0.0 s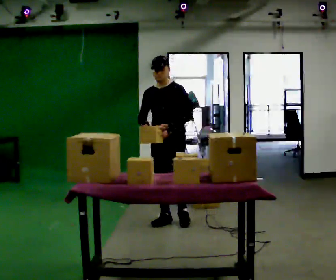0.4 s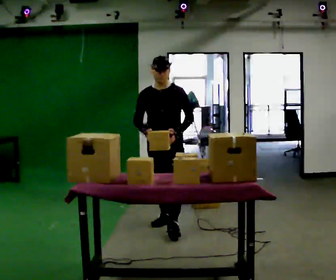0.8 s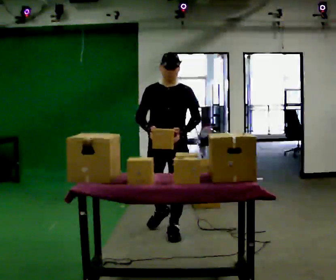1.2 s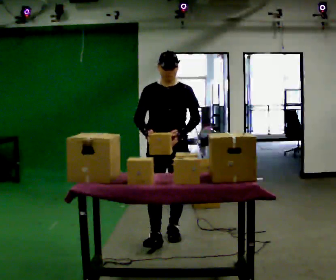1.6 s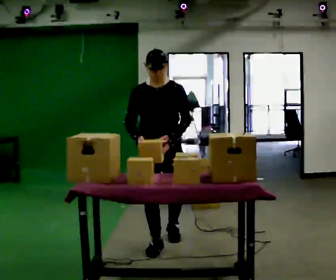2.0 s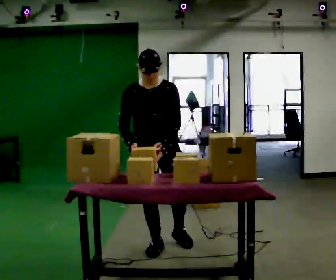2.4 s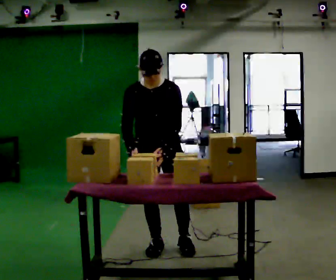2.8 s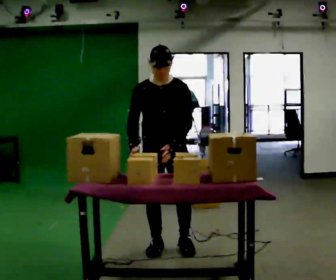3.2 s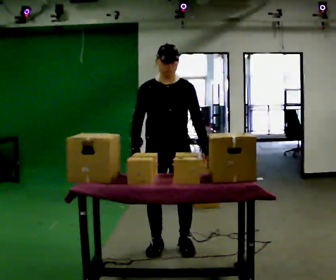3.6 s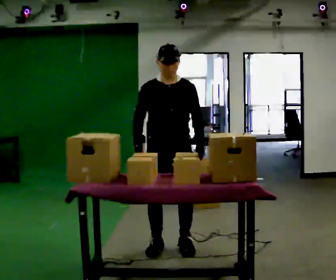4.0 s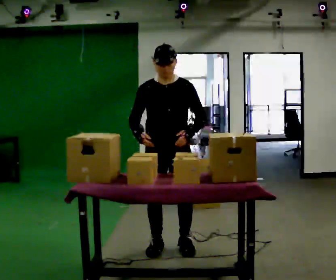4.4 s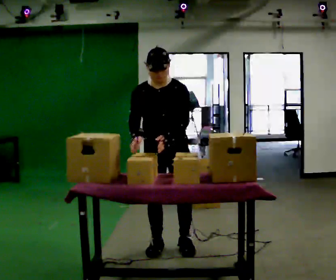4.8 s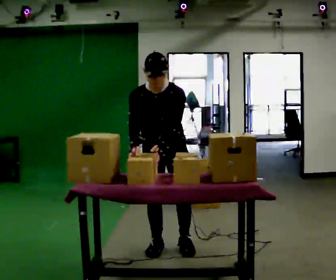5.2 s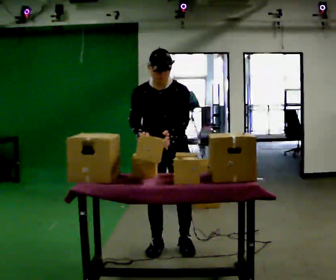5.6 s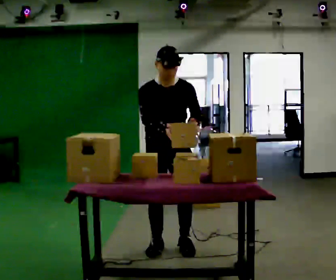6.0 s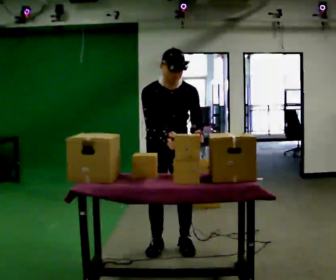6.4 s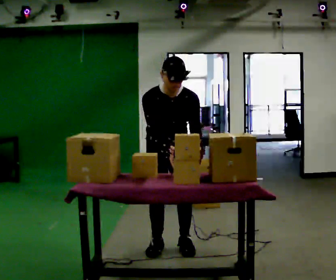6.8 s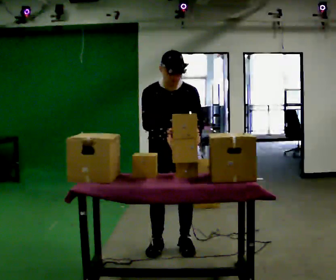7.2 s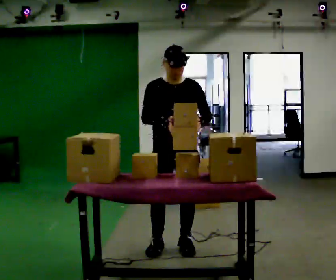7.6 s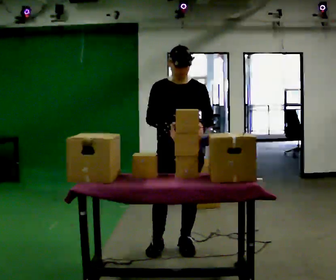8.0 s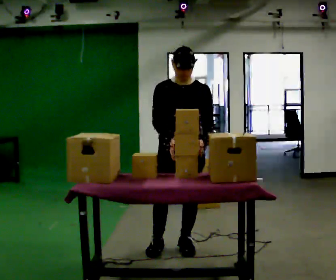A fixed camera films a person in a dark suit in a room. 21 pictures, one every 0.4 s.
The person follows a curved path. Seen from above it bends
counterclockwise.
0.0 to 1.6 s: The person turns about 30 degrees to their left, counterclockwise seen from above, so the part of the body nearest the lens slides to the right. In the picture they go toward the camera, about 1 m in 2 steps, which for them is forward.
1.6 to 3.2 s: In the picture they go toward the camera, about 0.25 m in 1 step, which for them is forward.
3.2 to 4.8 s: The upper body tips toward the camera, its near side rolling downward, as they bend forward. In the picture their left hand goes to the left.
4.8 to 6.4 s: The person moves a little, or ends about where they began.
6.4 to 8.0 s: The upper body tips away from the camera, its near side rolling upward, as they lean back or straighten.
The film runs forward here.
